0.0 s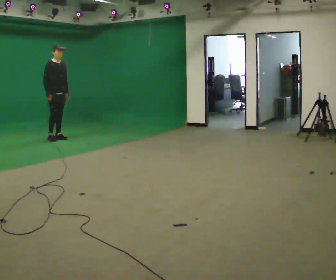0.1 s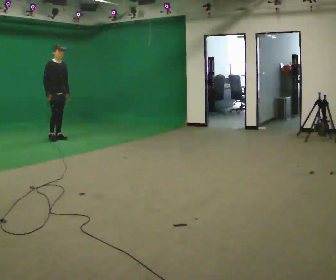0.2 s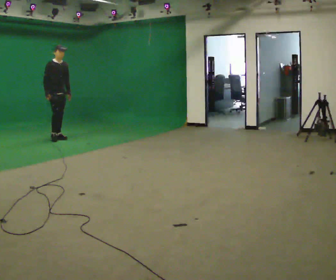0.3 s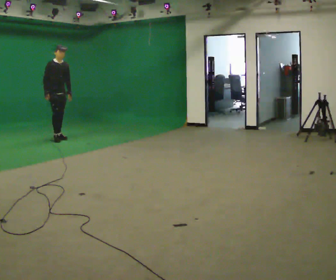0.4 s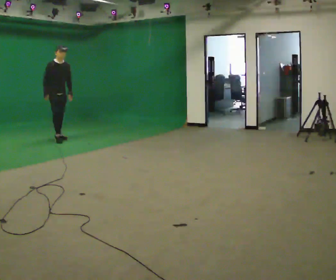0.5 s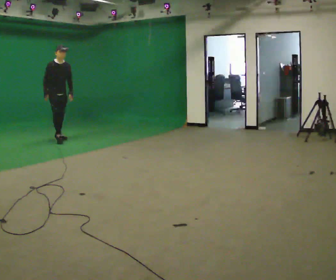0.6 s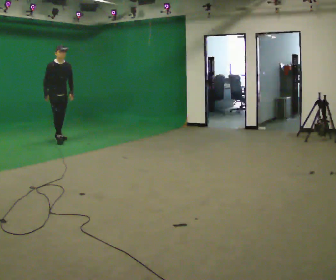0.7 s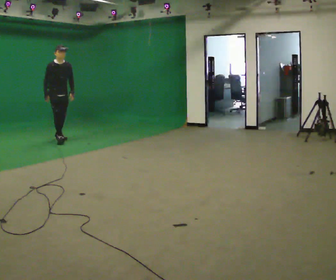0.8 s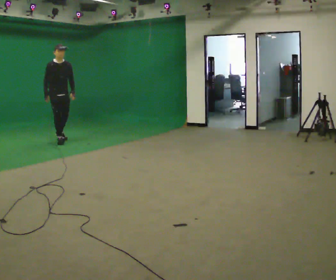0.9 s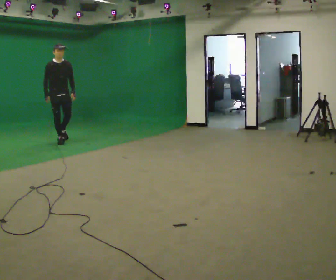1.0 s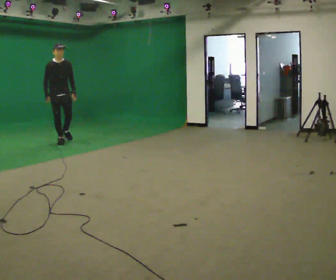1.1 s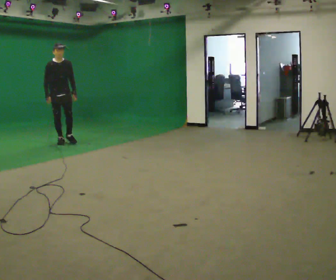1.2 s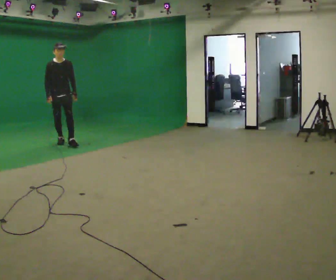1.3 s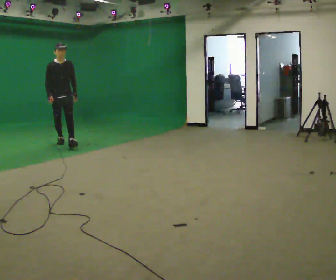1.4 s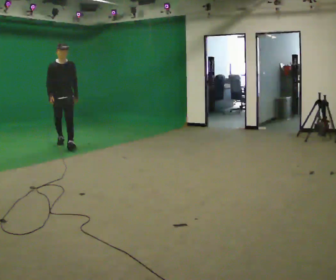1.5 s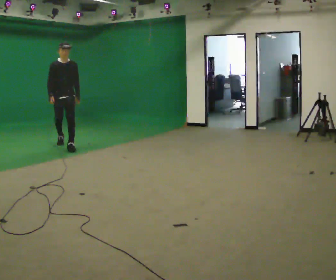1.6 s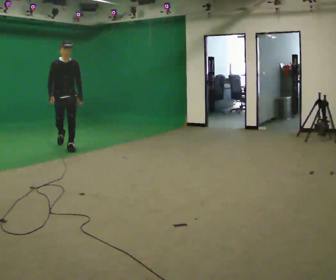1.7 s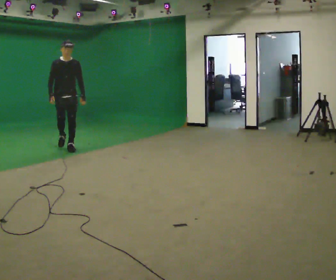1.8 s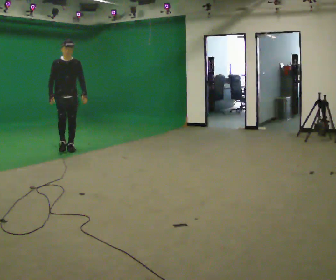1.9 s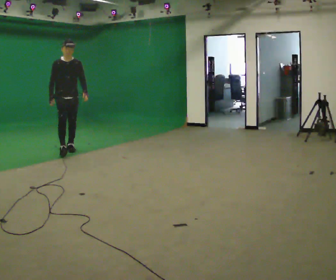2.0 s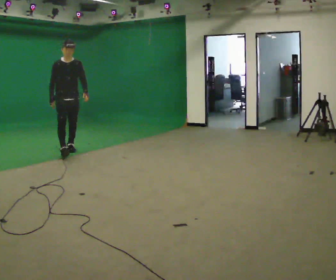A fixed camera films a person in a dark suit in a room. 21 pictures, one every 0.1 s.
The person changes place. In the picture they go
toward the camera.
0.0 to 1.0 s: The person turns about 30 degrees to their right, clockwise seen from above, so the part of the body nearest the lens slides to the left. In the picture they go toward the camera, about 0.5 m in 1 step, which for them is forward.
1.0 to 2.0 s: In the picture they go toward the camera, about 1 m in 1 step, which for them is forward.
The film runs forward here.
